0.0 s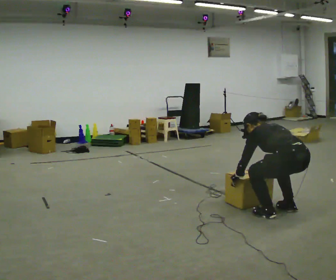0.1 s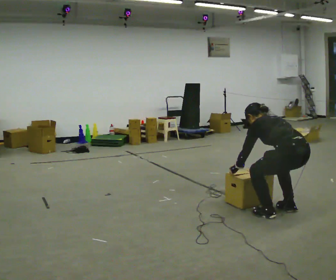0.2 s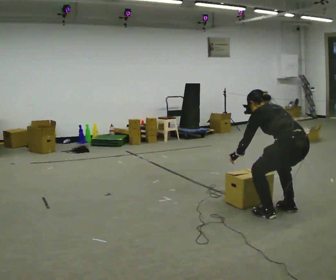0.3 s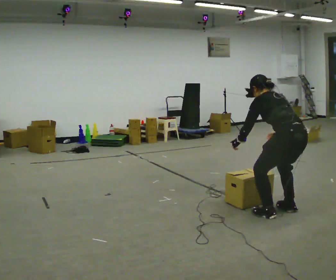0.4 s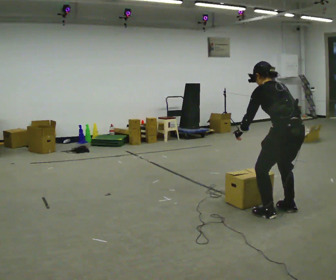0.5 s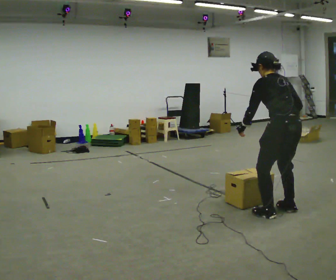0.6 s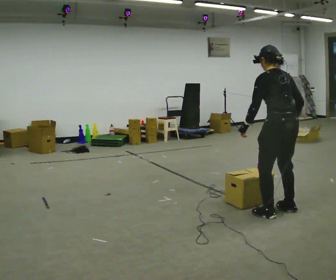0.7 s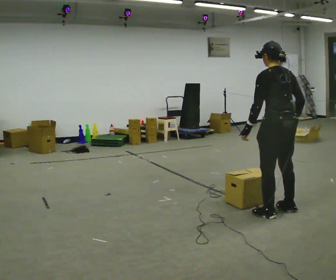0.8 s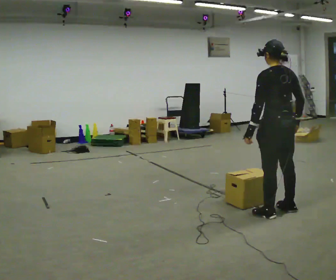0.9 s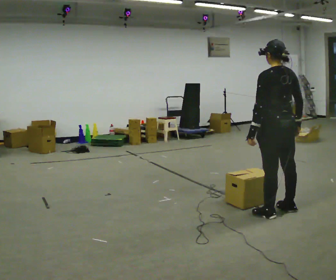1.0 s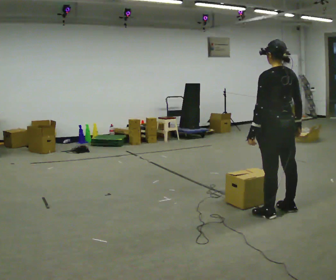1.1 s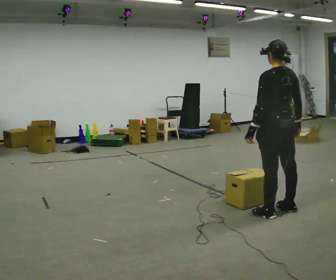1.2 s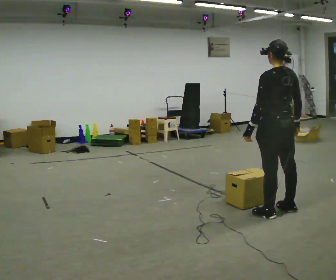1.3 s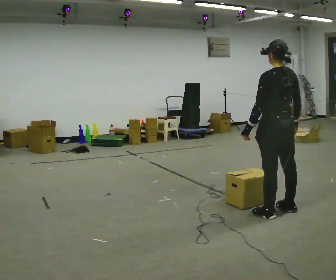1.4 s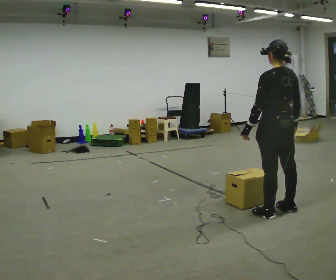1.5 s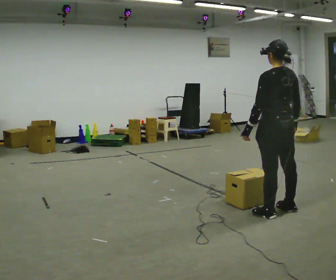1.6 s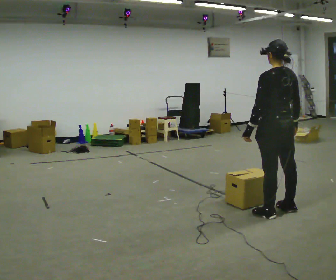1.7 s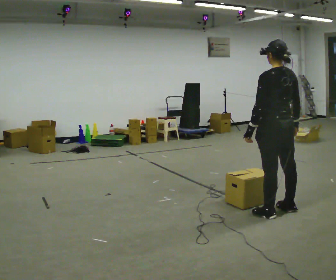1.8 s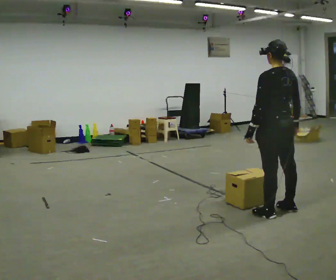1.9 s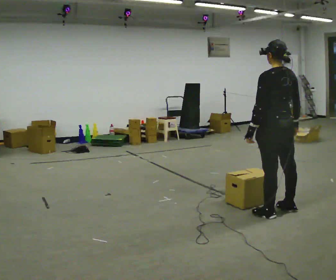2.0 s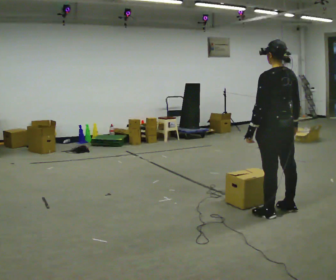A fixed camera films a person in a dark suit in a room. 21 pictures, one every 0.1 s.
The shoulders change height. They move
upward.
Their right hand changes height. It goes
upward.
0.0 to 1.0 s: The shoulders move upward. In the picture the upper body tilts clockwise, shoulders to the right, as they lean back or straighten. In the picture their right hand goes upward.
1.0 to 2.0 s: The person moves a little, or ends about where they began.
The film runs forward here.
